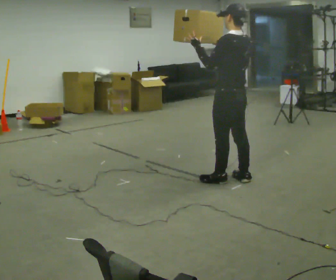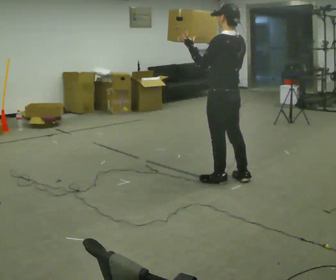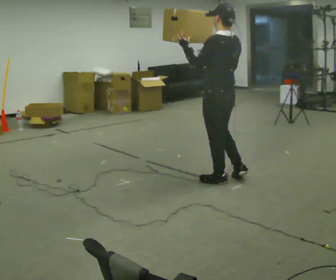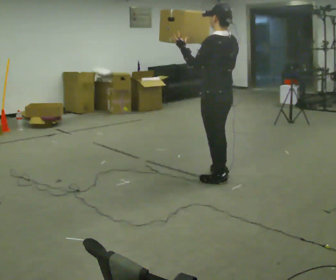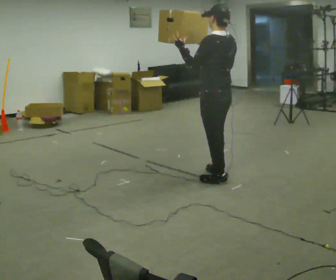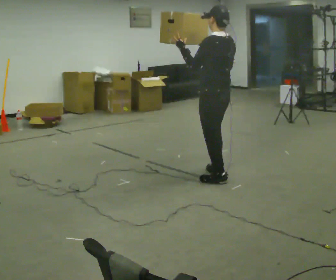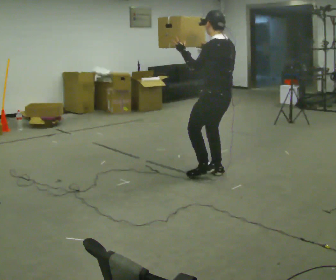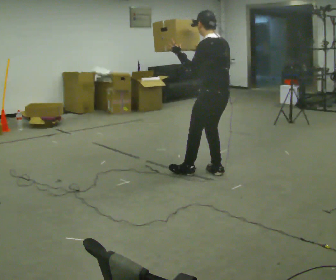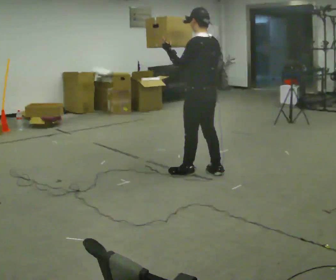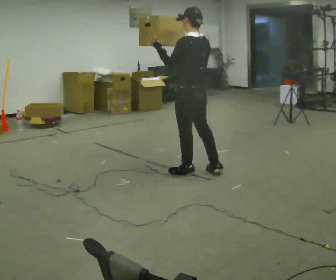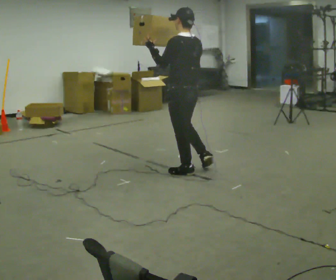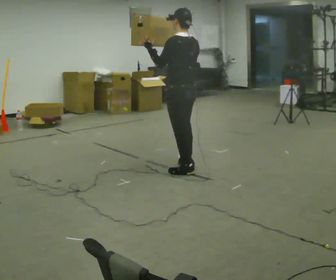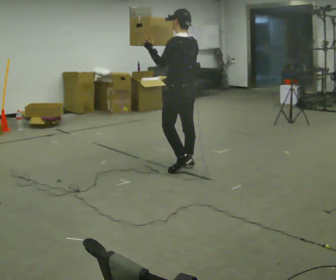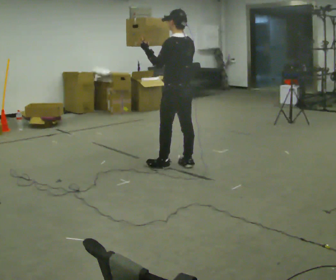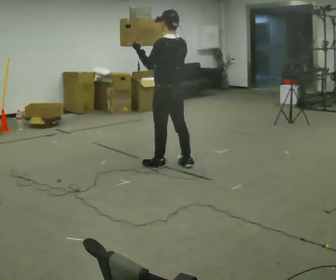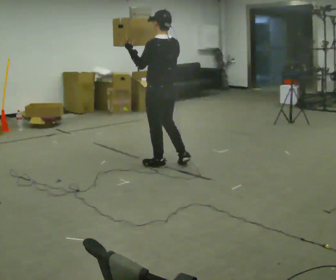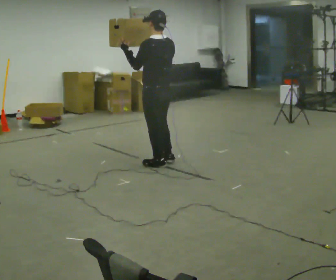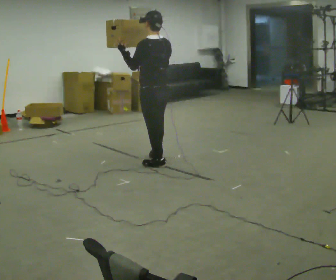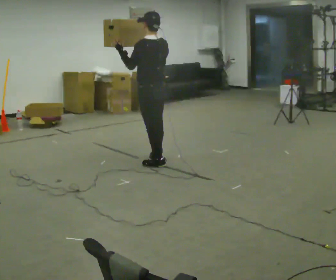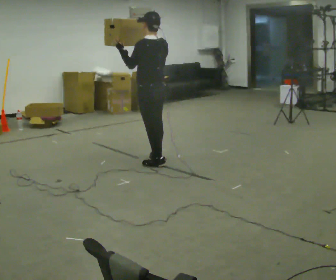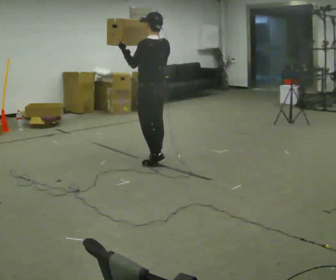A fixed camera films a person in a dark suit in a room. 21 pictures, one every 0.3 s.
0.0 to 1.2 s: The person moves a little, or ends about where they began.
1.2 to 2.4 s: In the picture they go away from the camera and to the left, about 0.25 m in 1 step, which for them is forward.
2.4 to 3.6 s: In the picture they go to the left and away from the camera, about 0.25 m in 1 step, which for them is forward.
3.6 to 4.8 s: In the picture they go to the left, about 0.25 m in 1 step, which for them is forward and to their left.
4.8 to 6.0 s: In the picture they go away from the camera, about 0.25 m in 1 step, which for them is forward.
The film runs forward here.
